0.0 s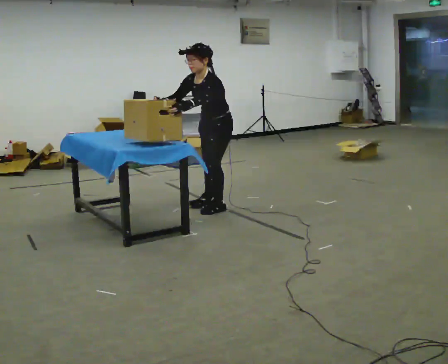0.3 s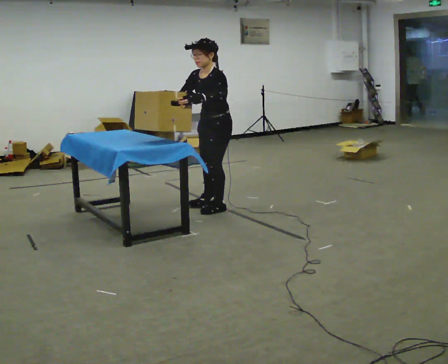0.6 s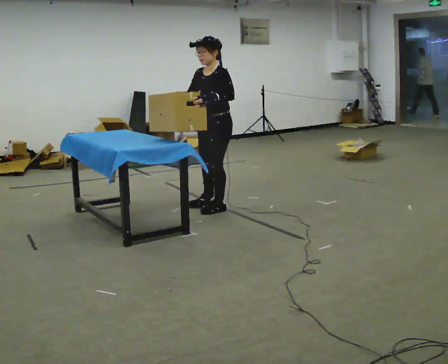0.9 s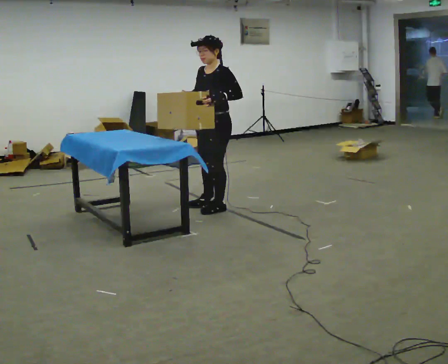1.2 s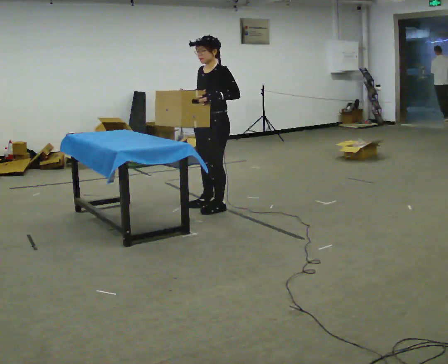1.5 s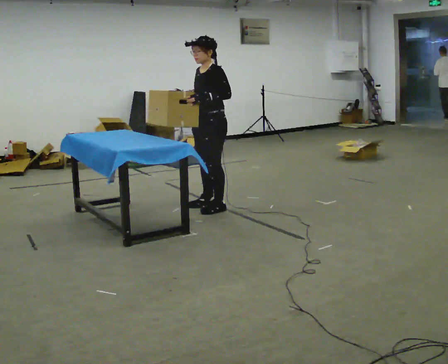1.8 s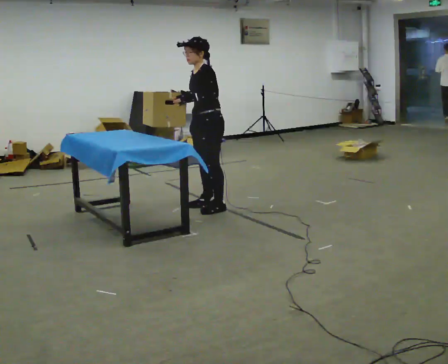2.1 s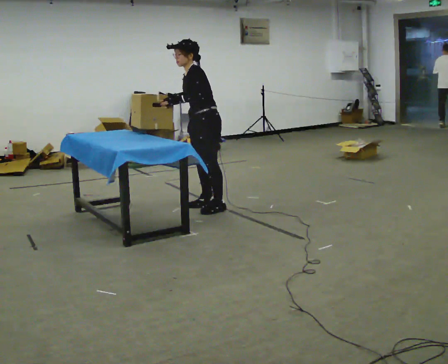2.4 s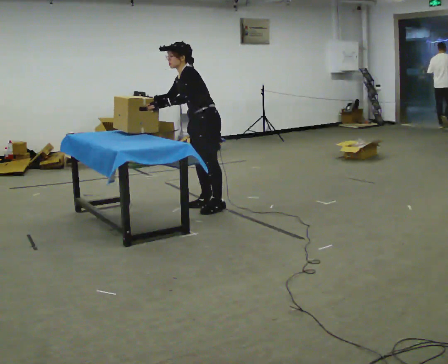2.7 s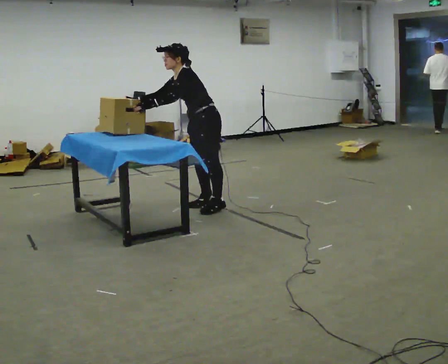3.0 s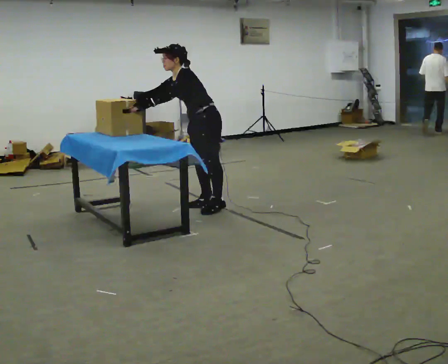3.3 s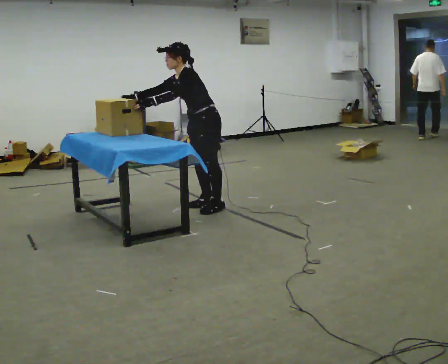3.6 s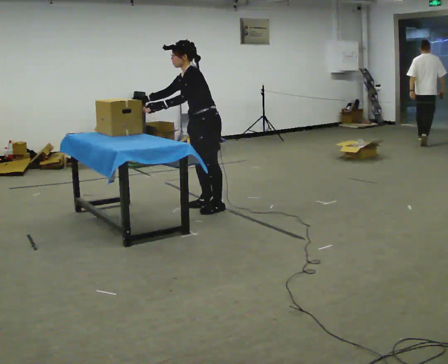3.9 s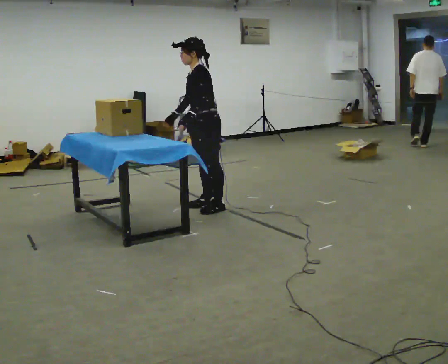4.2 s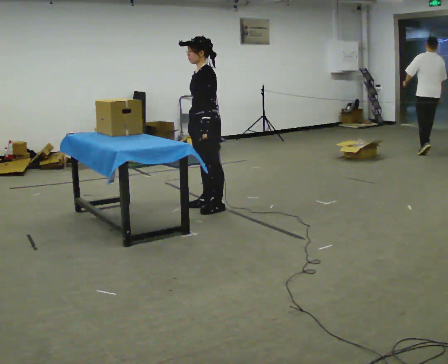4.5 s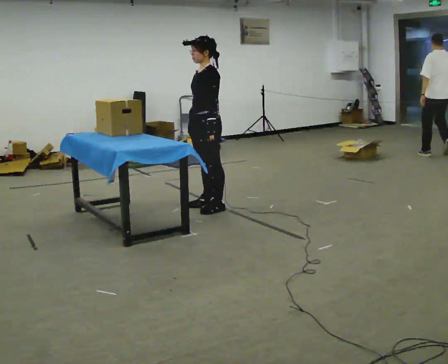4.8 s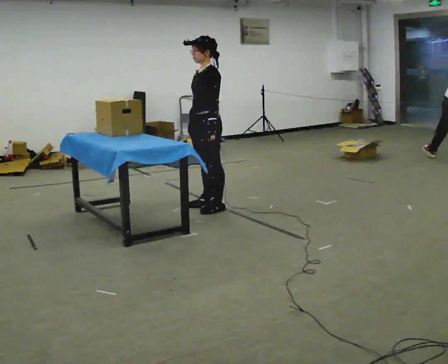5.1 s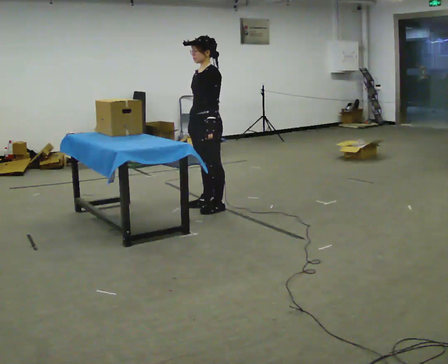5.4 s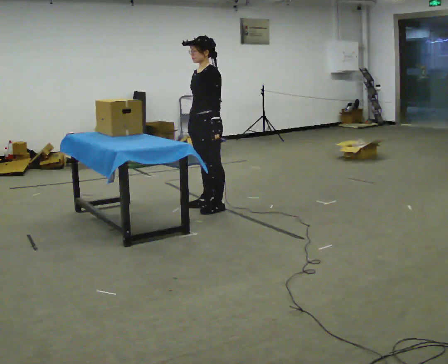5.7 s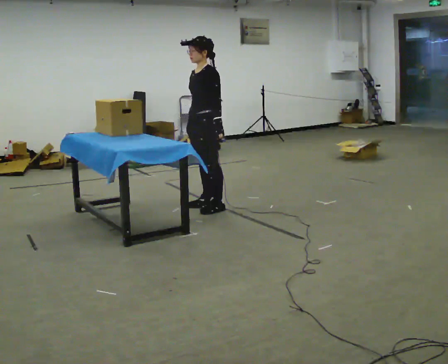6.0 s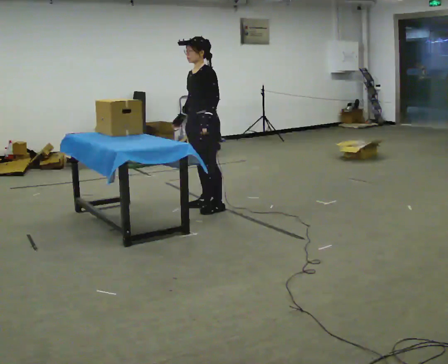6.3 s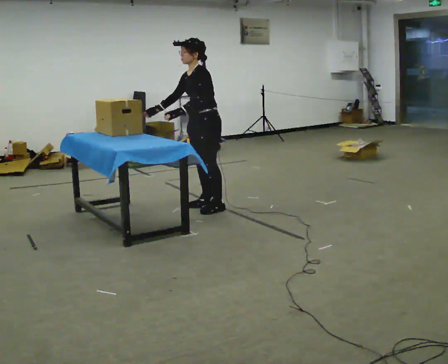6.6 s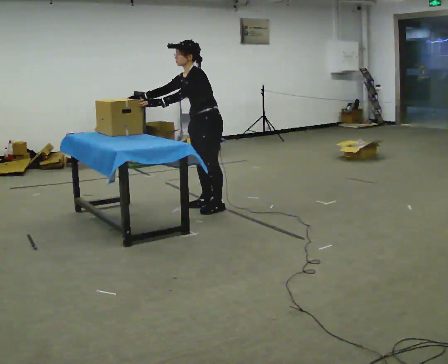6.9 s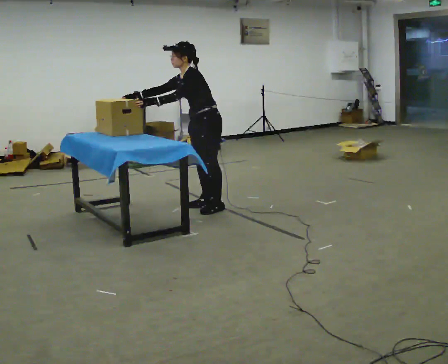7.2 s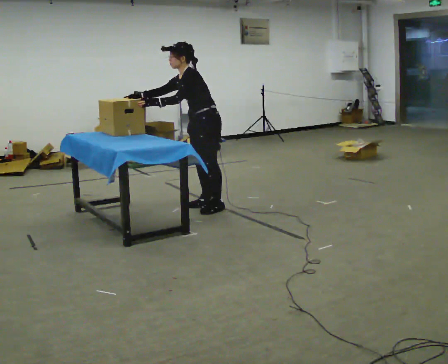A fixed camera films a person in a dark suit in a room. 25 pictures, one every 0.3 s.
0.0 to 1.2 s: The upper body tips away from the camera, its near side rolling upward, as they lean back or straighten.
1.2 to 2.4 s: In the picture the upper body tilts counterclockwise, shoulders to the left, as they bend forward. In the picture their left hand goes to the left.
2.4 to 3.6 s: The person moves a little, or ends about where they began.
3.6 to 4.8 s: In the picture the upper body tilts clockwise, shoulders to the right, as they lean back or straighten. In the picture their right hand goes to the right, the arm swinging counterclockwise.
4.8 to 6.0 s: The person moves a little, or ends about where they began.
6.0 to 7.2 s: In the picture the upper body tilts counterclockwise, shoulders to the left, as they bend forward. In the picture their right hand goes to the left, the arm swinging clockwise.
The film runs backward here.
